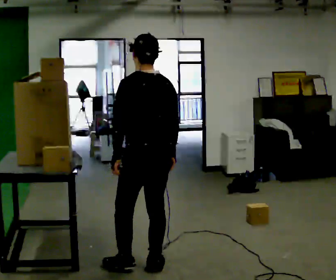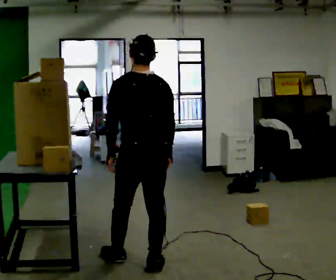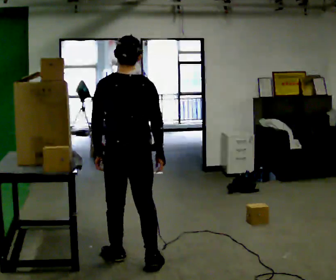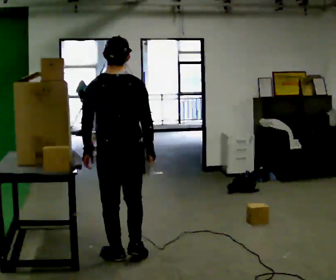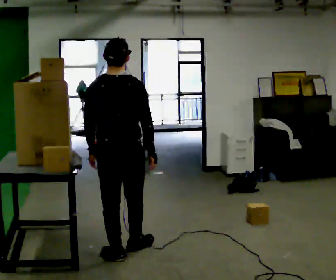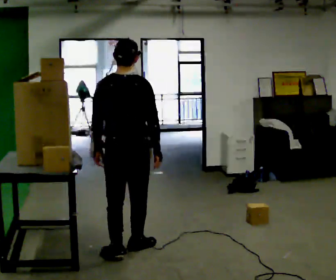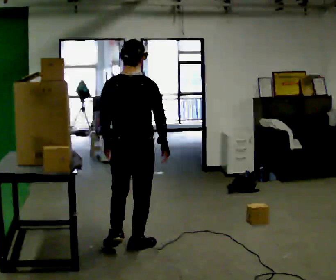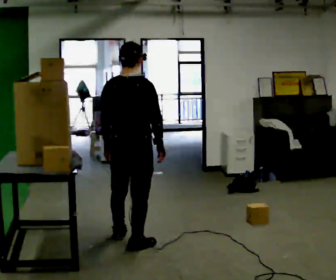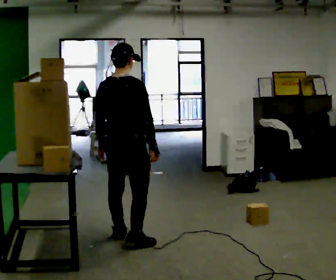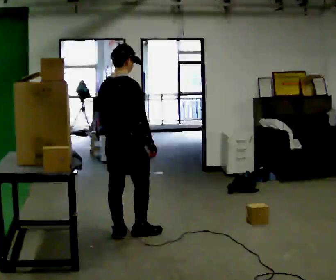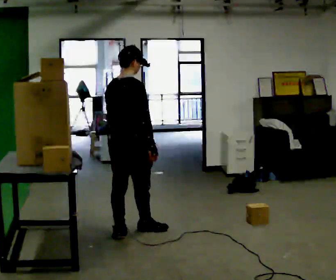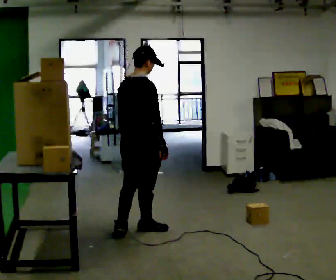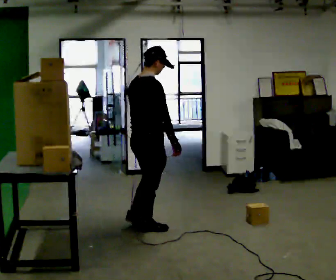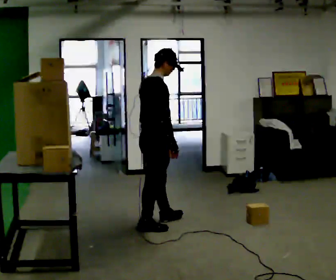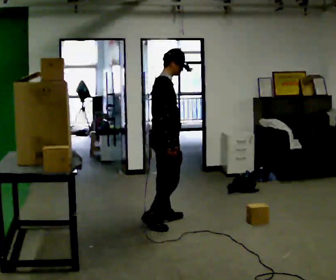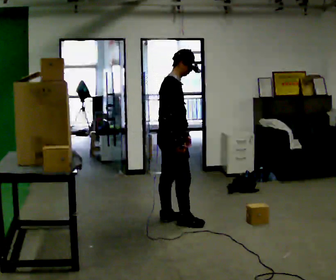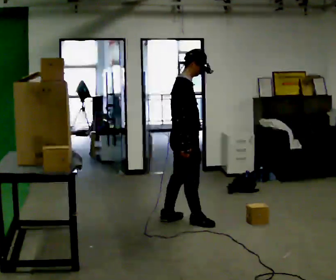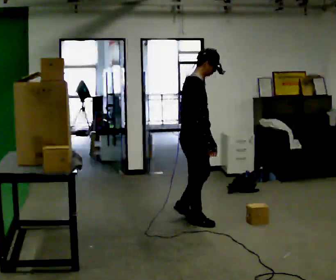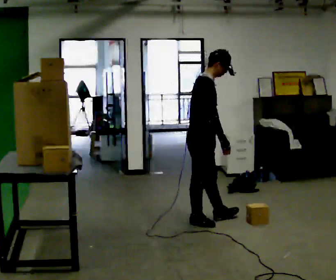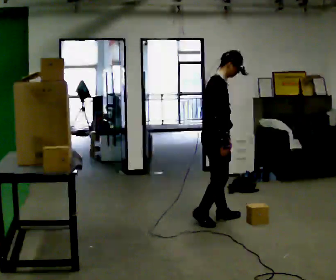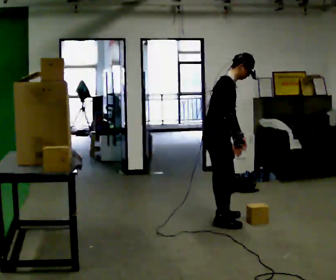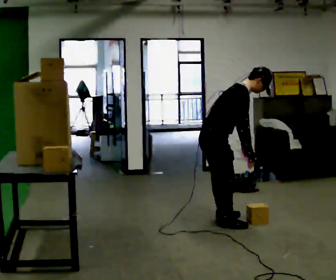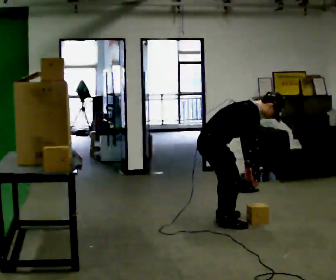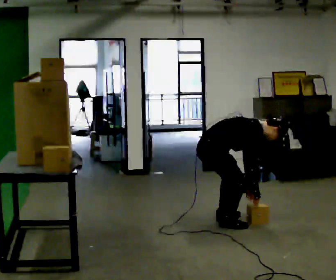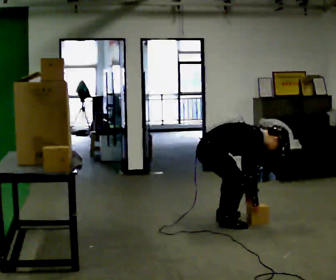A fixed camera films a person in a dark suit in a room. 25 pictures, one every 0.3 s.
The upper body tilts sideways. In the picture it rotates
clockwise.
The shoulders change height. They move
downward.
0.0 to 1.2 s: The person turns about 30 degrees to their right, clockwise seen from above, so the part of the body nearest the lens slides to the left. In the picture they go away from the camera and to the left, about 0.25 m in 2 steps, which for them is forward and to their left.
1.2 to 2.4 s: The person turns about 30 degrees to their right, clockwise seen from above, so the part of the body nearest the lens slides to the left. In the picture they go away from the camera, about 0.5 m in 1 step, which for them is forward.
2.4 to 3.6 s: The part of the body nearest the lens slides to the left as the person turns to their right by about 30 degrees. In the picture they go away from the camera and to the right, about 0.25 m in 1 step, which for them is forward.
3.6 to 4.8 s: The person turns about 30 degrees to their right, clockwise seen from above, so the part of the body nearest the lens slides to the left. In the picture they go to the right and away from the camera, about 0.5 m in 2 steps, which for them is forward and to their left.
4.8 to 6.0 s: In the picture they go to the right, about 0.25 m in 1 step, which for them is forward. In the picture the upper body tilts clockwise, shoulders to the right, as they bend forward.
6.0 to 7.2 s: The upper body goes downward. In the picture the upper body tilts clockwise, shoulders to the right, as they bend forward. In the picture their right hand goes downward.
The film runs forward here.
